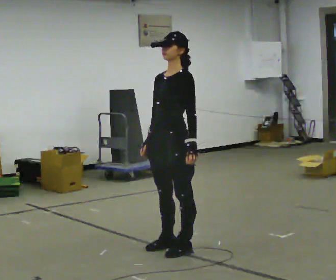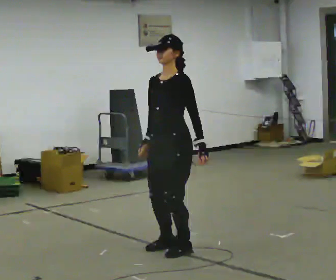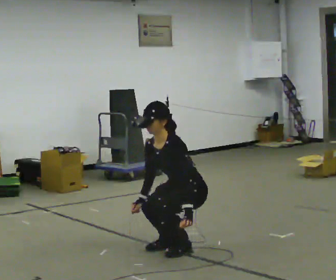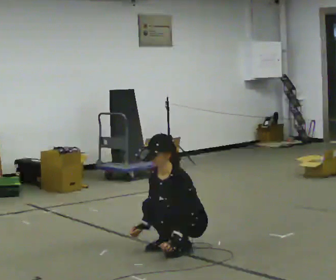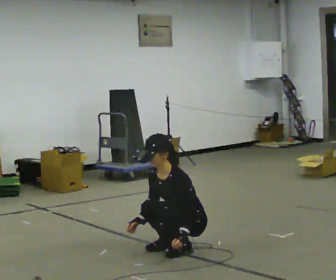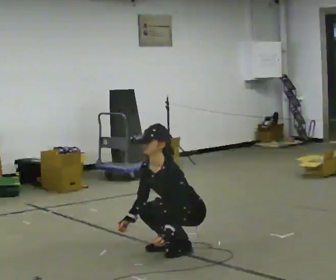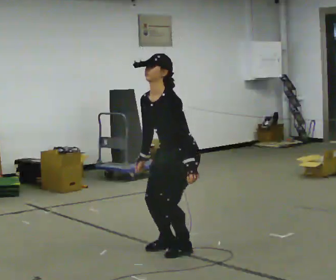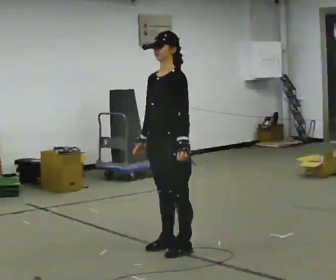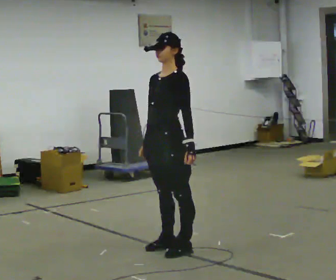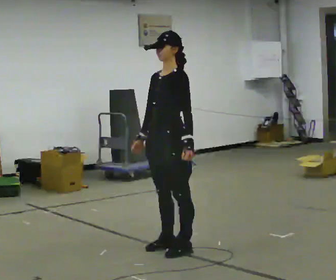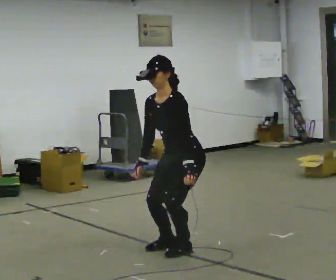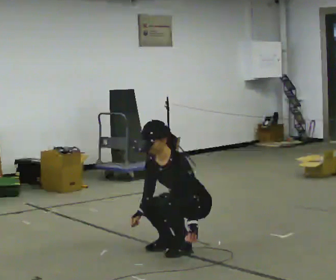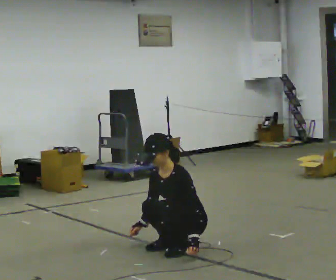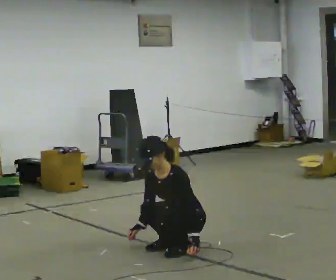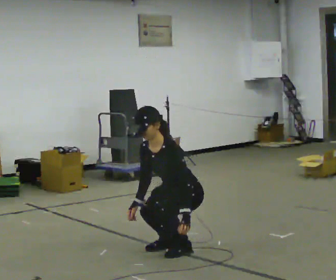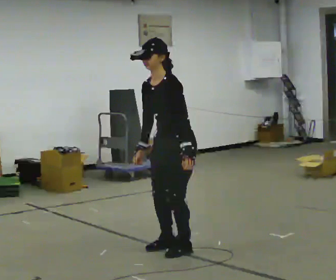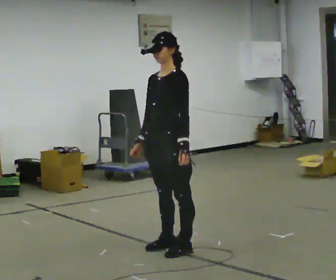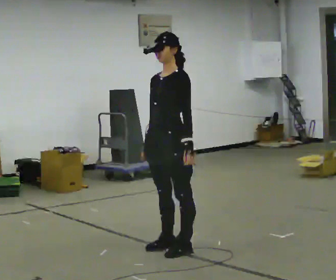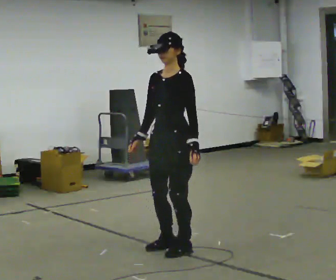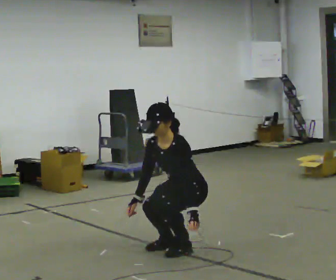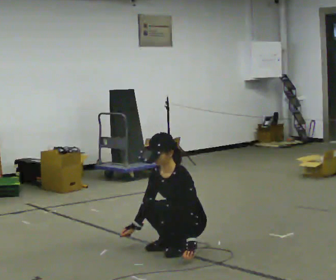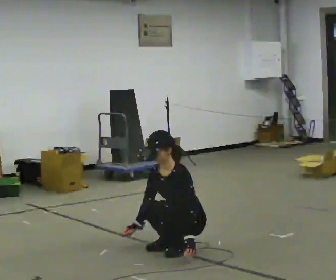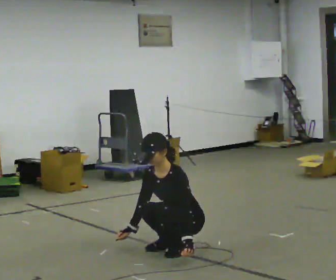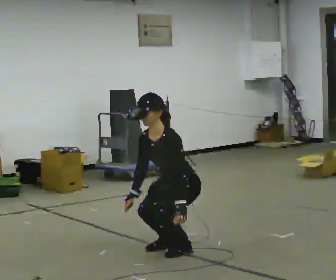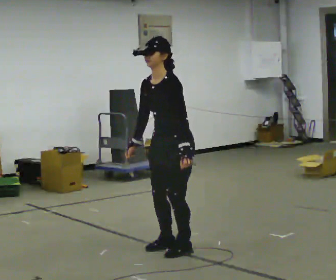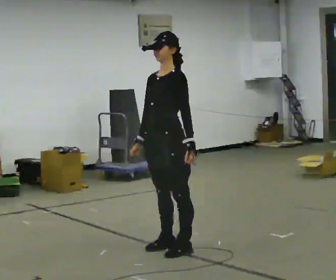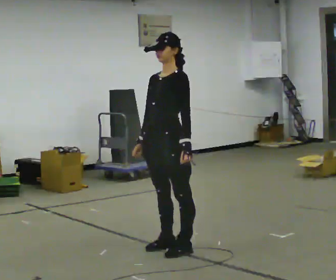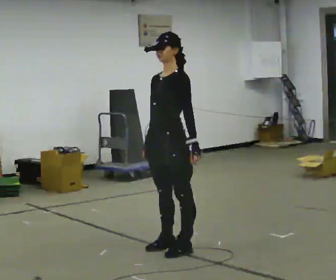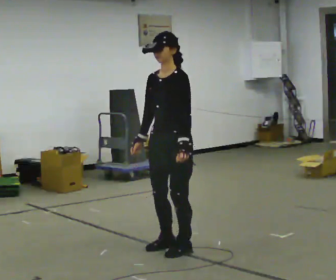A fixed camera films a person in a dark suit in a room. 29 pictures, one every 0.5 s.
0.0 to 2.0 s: The upper body goes downward. In the picture their right hand goes downward.
2.0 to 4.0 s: In the picture they go to the left, about 0.25 m, which for them is forward. The upper body goes upward. In the picture their right hand goes upward.
4.0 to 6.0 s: In the picture they go to the right, about 0.25 m, which for them is backward. The upper body goes downward. In the picture their right hand goes downward.
6.0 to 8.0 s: In the picture they go to the left, about 0.25 m, which for them is forward. The shoulders move upward. In the picture their right hand goes upward.
8.0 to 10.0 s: In the picture they go to the right, about 0.25 m, which for them is backward. The upper body goes downward. In the picture their right hand goes downward.
10.0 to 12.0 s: The shoulders move upward. In the picture their right hand goes upward.
12.0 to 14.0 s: The person moves a little, or ends about where they began.
The film runs backward here.
